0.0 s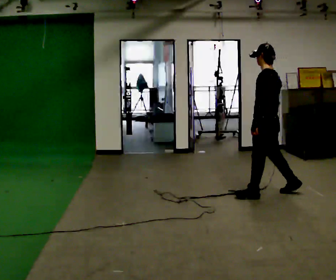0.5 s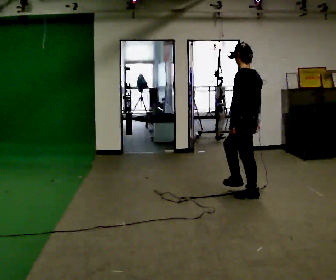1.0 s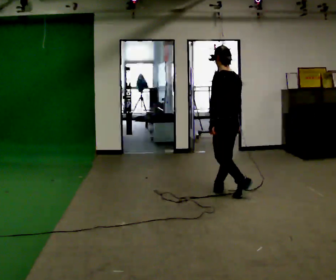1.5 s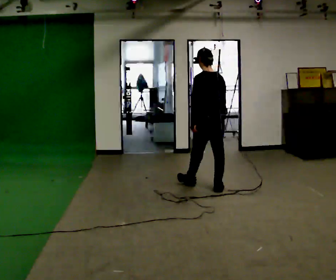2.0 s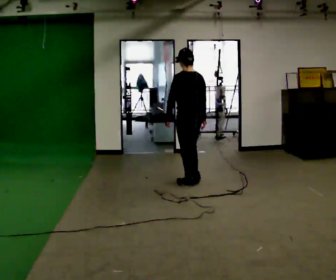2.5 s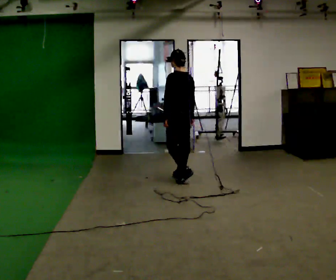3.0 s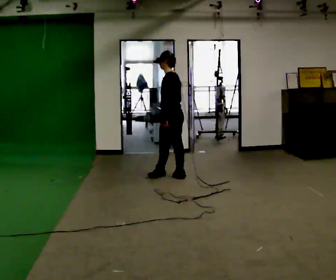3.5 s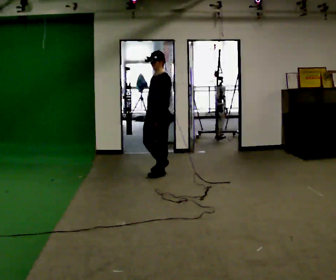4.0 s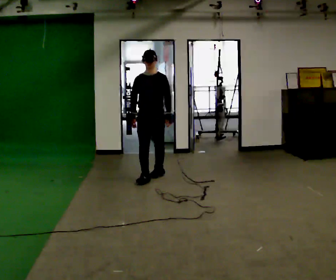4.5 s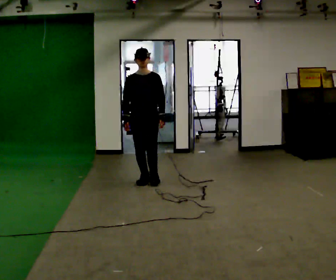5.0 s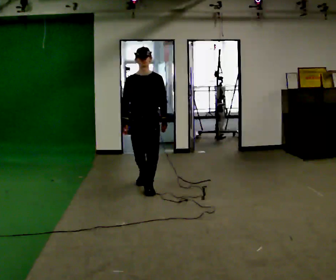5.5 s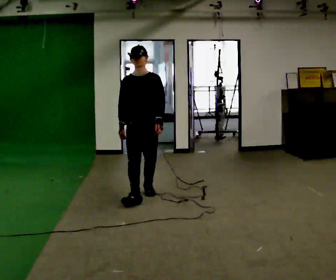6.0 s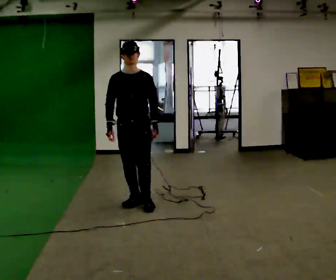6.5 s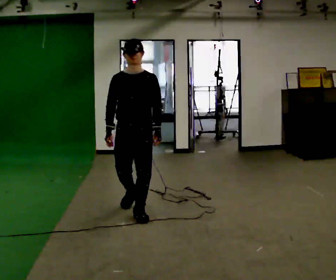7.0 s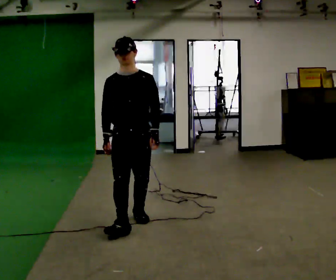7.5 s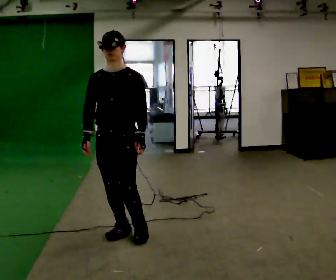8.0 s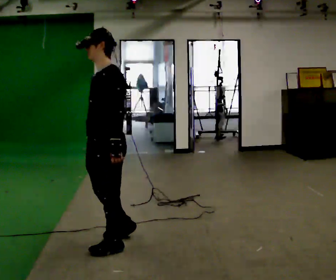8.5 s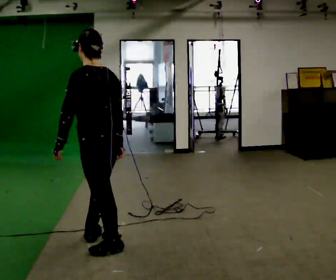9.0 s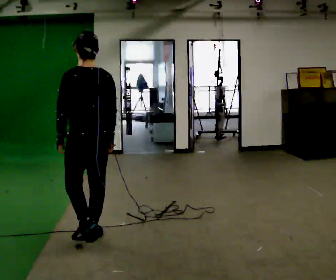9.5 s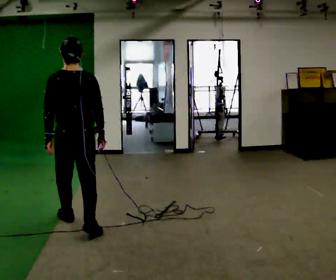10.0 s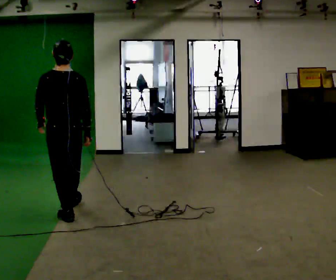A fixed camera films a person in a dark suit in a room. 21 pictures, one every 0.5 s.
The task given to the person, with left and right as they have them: Walk through 3–5 turns in sequence; keep moving; stop at end.
0.0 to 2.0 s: Seen from above the body turns clockwise, about 30 degrees: to their right, with its near side sliding to the left. In the picture they go to the left and away from the camera, about 1 m in 2 steps, which for them is forward.
2.0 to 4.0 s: The person turns about 135 degrees to their left, counterclockwise seen from above, so the part of the body nearest the lens slides to the right. In the picture they go to the left and away from the camera, about 0.5 m in 3 steps.
4.0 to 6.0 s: In the picture they go toward the camera, about 1 m in 2 steps, which for them is forward.
6.0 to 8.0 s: The person turns about 75 degrees to their right, clockwise seen from above, so the part of the body nearest the lens slides to the left. In the picture they go toward the camera, about 1 m in 3 steps.
8.0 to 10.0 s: The person turns about 90 degrees to their right, clockwise seen from above, so the part of the body nearest the lens slides to the left. In the picture they go away from the camera and to the left, about 1 m in 2 steps.
The film runs forward here.
